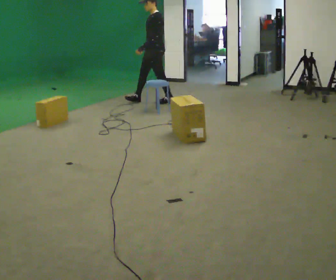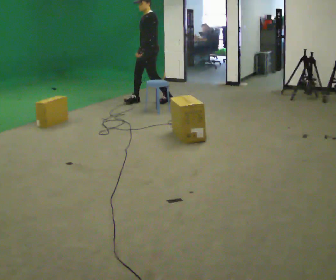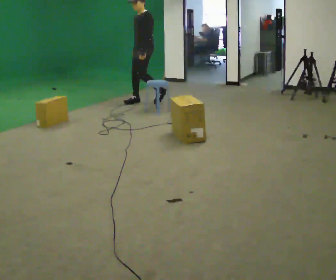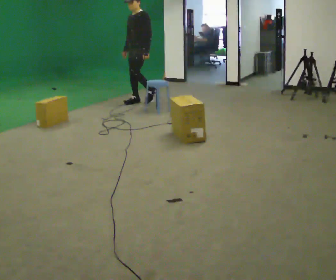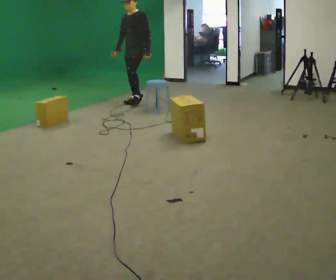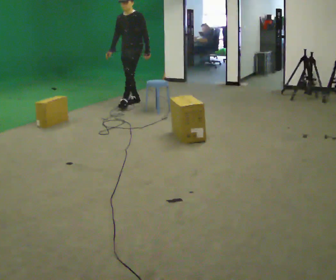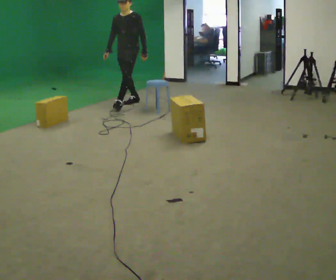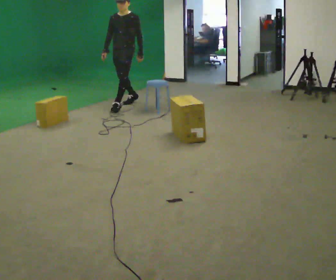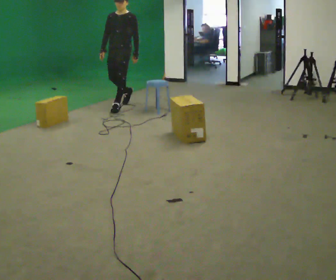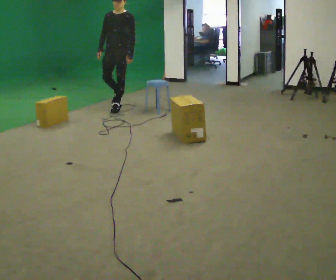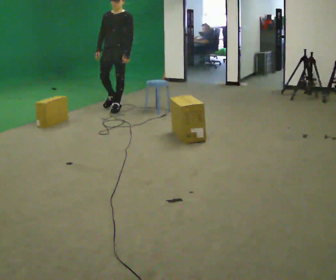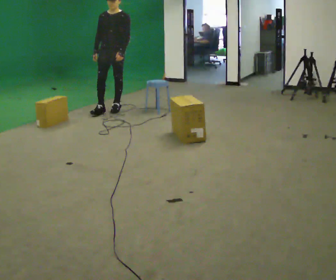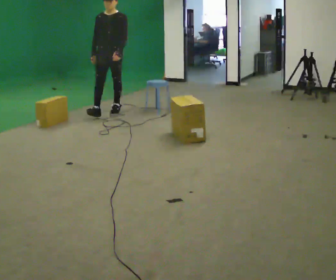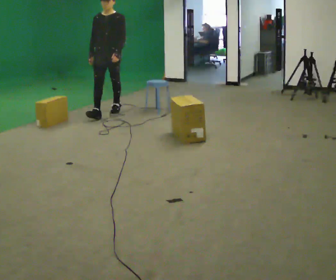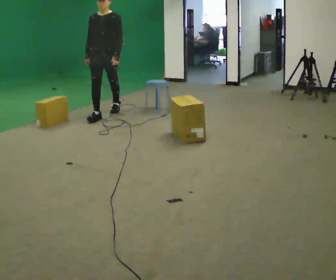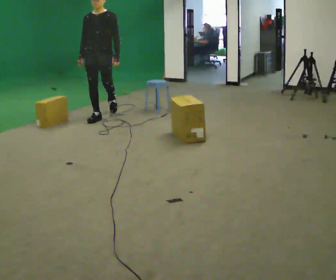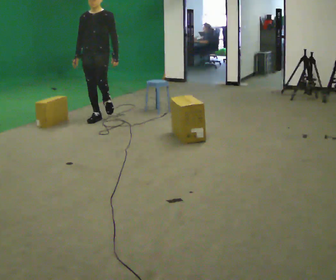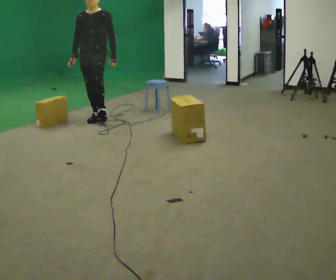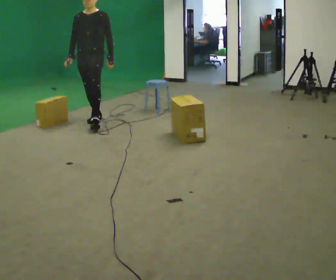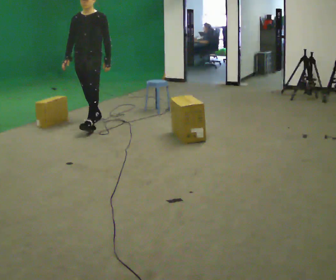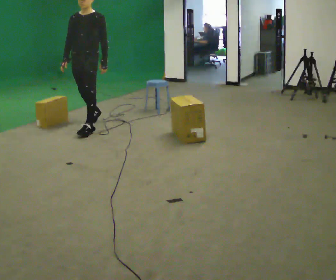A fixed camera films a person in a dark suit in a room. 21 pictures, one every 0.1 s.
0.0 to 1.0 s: The person turns about 60 degrees to their left, counterclockwise seen from above, so the part of the body nearest the lens slides to the right. In the picture they go to the left and toward the camera, about 0.5 m in 2 steps, which for them is forward and to their right.
1.0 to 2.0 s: In the picture they go toward the camera and to the left, about 1 m in 2 steps, which for them is forward.
The film runs forward here.
